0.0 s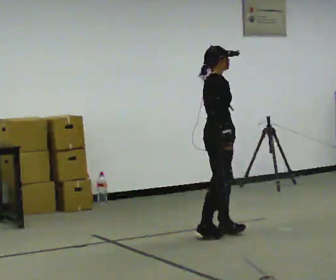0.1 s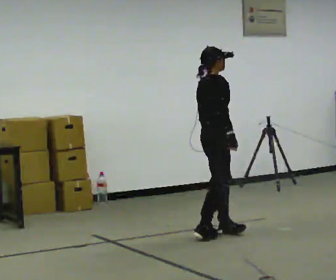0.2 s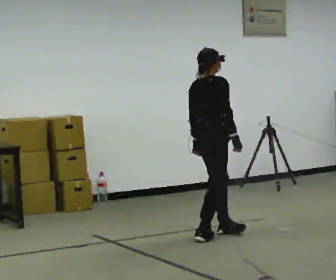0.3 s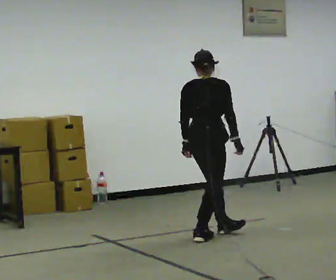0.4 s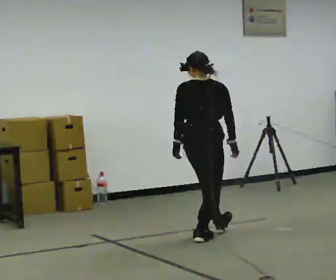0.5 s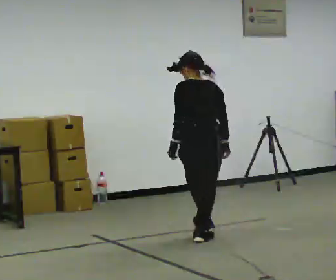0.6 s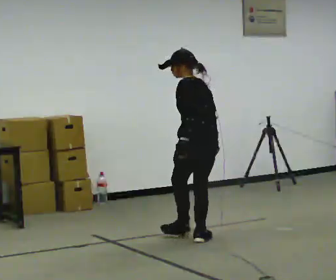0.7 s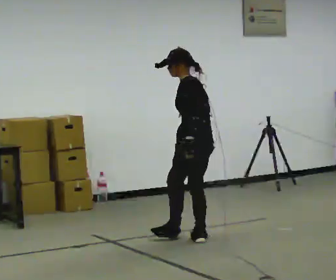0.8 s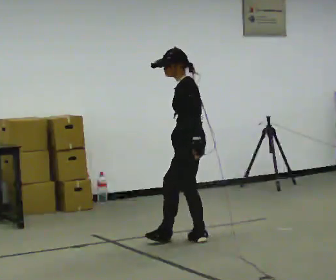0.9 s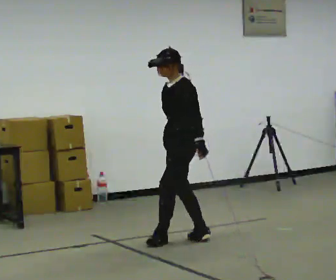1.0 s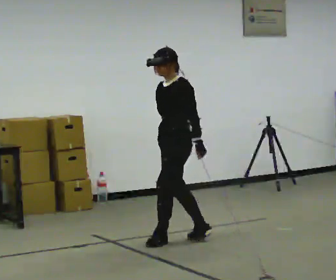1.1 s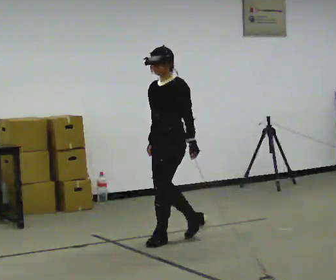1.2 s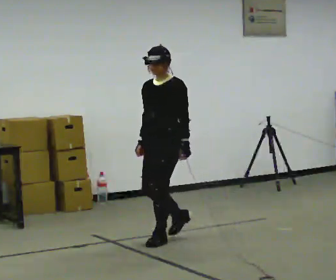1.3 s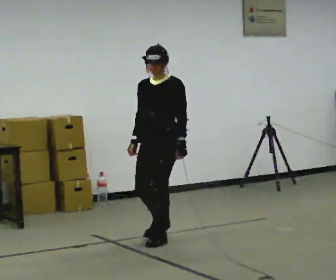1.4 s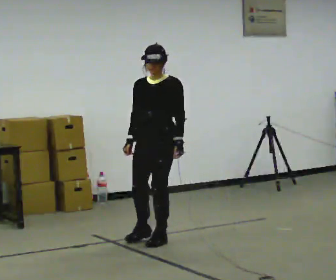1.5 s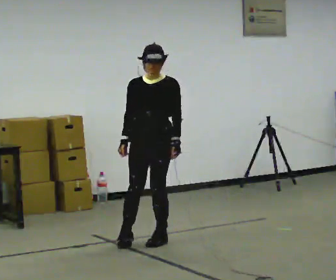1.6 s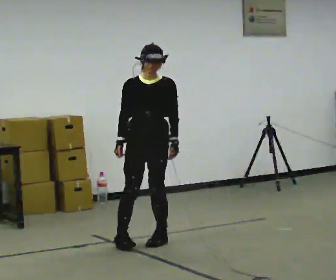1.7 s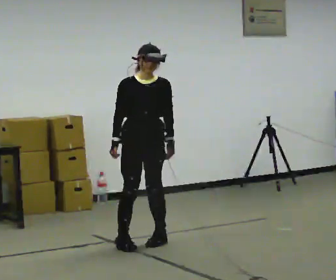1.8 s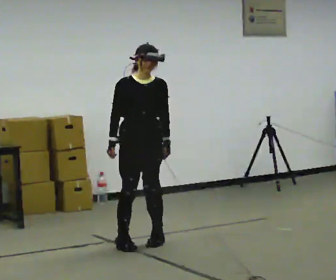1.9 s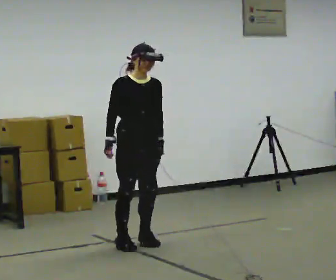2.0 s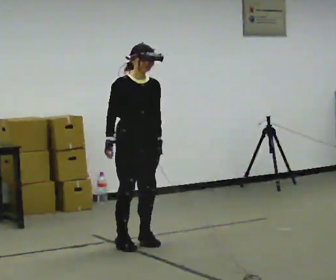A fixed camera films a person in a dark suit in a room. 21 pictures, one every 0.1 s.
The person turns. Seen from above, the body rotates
counterclockwise.
The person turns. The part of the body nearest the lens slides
to the right.
0.0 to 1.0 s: The person turns about 210 degrees to their left, counterclockwise seen from above, so the part of the body nearest the lens slides to the right. In the picture they go to the left and toward the camera, about 0.25 m in 1 step.
1.0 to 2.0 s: The part of the body nearest the lens slides to the right as the person turns to their left by about 105 degrees. In the picture they go to the left, about 0.5 m in 2 steps.
The film runs forward here.
